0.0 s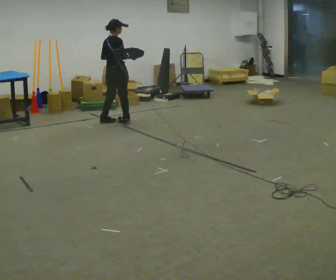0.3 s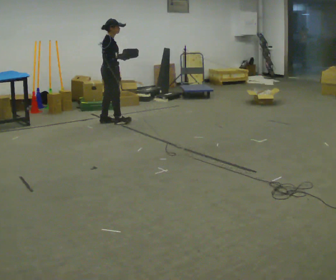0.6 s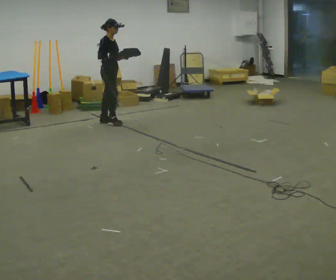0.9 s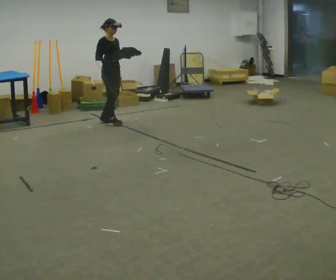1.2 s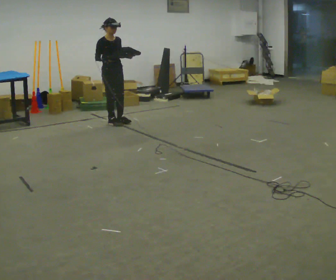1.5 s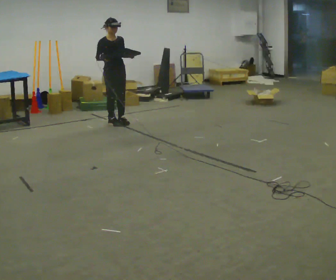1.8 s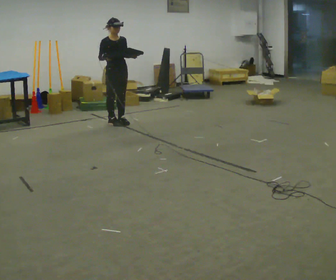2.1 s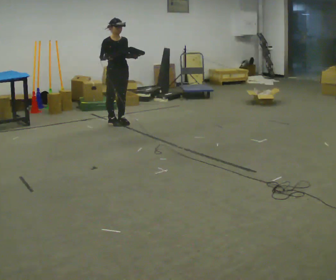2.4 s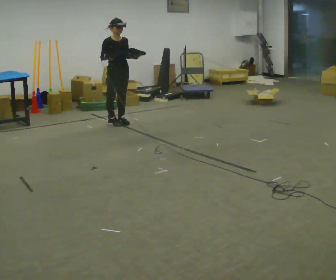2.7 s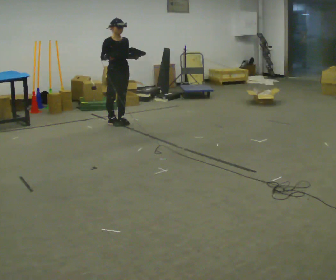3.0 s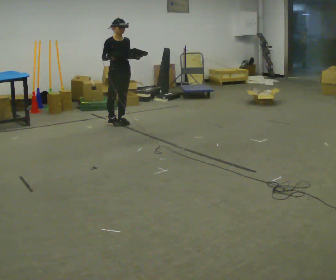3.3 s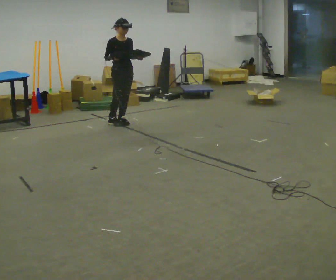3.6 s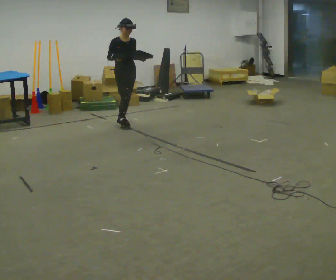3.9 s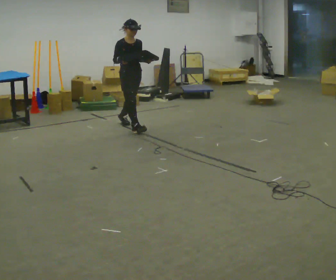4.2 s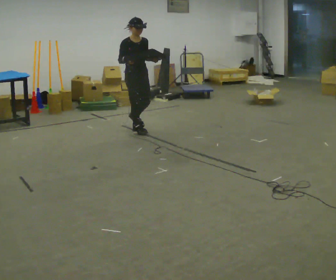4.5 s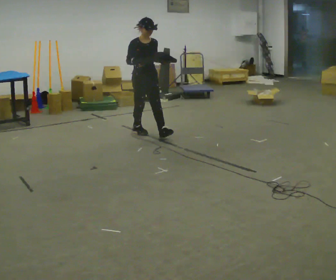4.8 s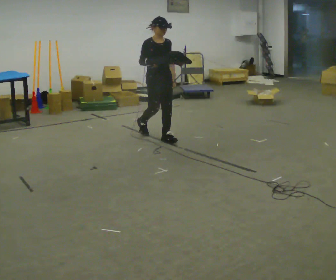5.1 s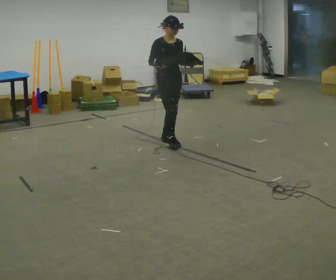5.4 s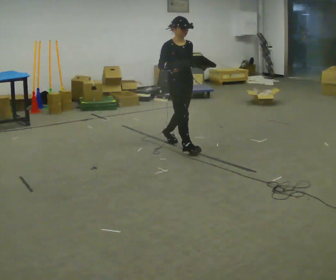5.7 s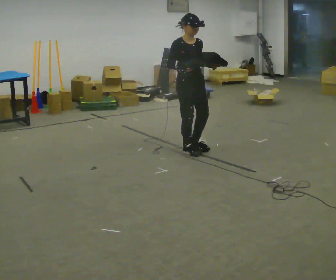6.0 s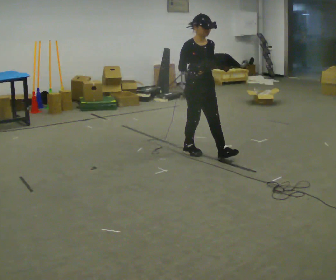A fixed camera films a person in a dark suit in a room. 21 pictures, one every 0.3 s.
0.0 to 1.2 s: The part of the body nearest the lens slides to the left as the person turns to their right by about 90 degrees.
1.2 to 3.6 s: In the picture they go to the right, about 0.25 m in 1 step, which for them is forward and to their left.
3.6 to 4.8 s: In the picture they go toward the camera and to the right, about 1 m in 2 steps, which for them is forward.
4.8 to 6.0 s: In the picture they go toward the camera and to the right, about 1 m in 1 step, which for them is forward.
The film runs forward here.
